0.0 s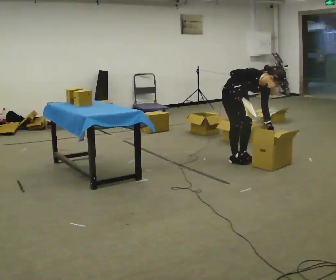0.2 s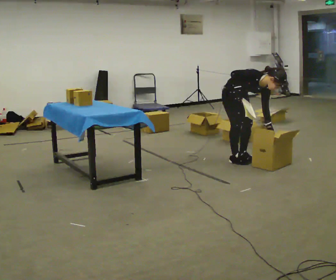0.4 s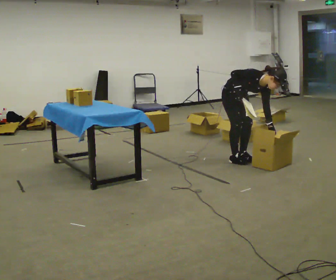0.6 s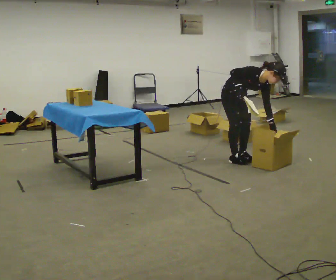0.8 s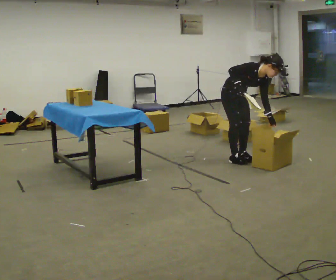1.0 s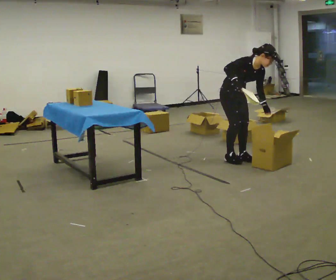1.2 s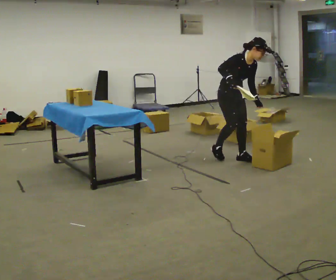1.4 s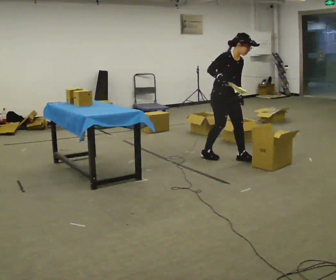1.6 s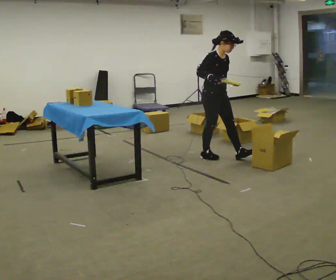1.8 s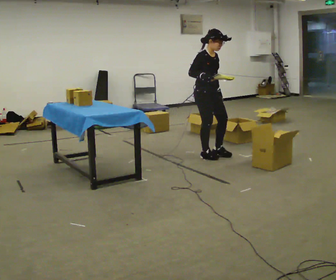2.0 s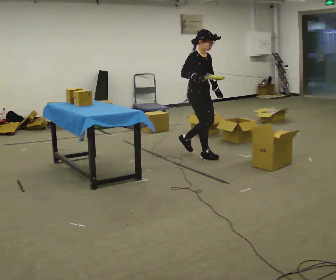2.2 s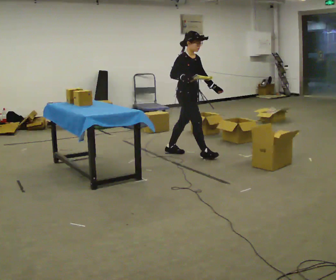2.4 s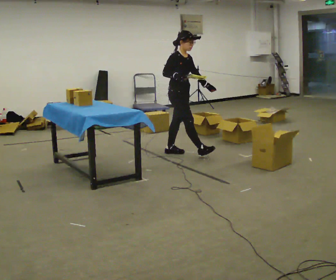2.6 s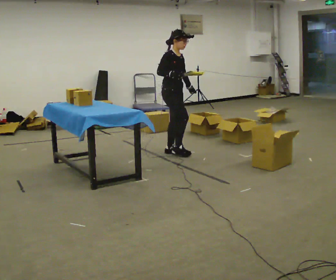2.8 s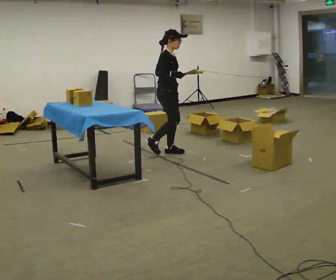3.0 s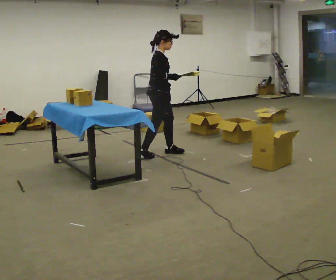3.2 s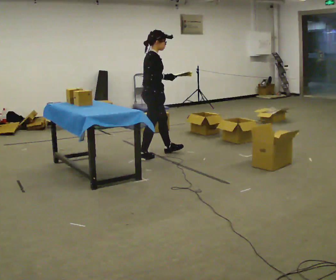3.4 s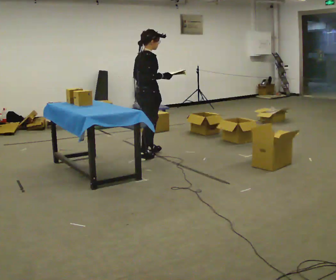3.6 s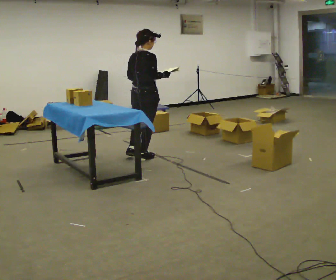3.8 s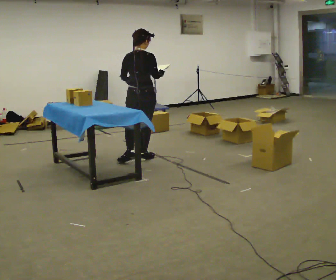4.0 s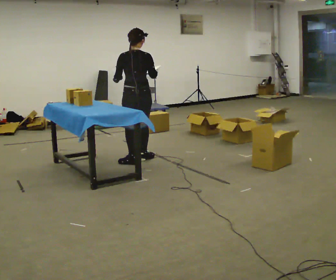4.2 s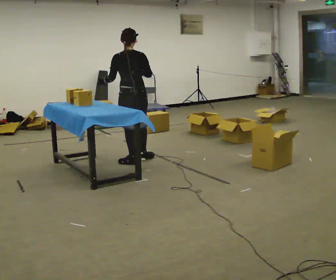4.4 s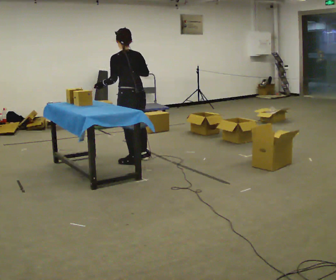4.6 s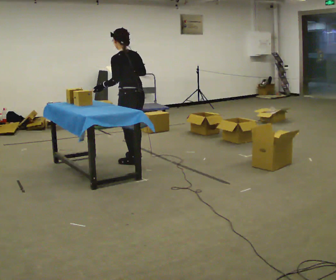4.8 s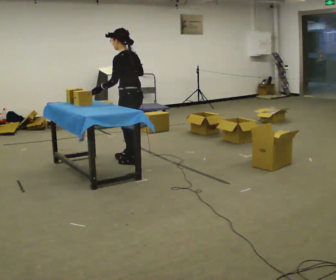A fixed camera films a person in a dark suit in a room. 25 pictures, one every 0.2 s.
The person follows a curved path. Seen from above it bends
counterclockwise.
The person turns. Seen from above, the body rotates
counterclockwise.
0.0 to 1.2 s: The shoulders move upward. The upper body tips away from the camera, its near side rolling upward, as they lean back or straighten.
1.2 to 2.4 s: Seen from above the body turns counterclockwise, about 30 degrees: to their left, with its near side sliding to the right. In the picture they go to the left and away from the camera, about 0.75 m in 2 steps, which for them is backward. In the picture the upper body tilts counterclockwise, shoulders to the left, as they lean back or straighten.
2.4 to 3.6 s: Seen from above the body turns counterclockwise, about 90 degrees: to their left, with its near side sliding to the right. In the picture they go to the left and toward the camera, about 0.5 m in 1 step.
3.6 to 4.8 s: The person turns about 105 degrees to their left, counterclockwise seen from above, so the part of the body nearest the lens slides to the right. In the picture they go toward the camera, about 0.25 m in 1 step. In the picture their left hand goes to the left.
The film runs backward here.
